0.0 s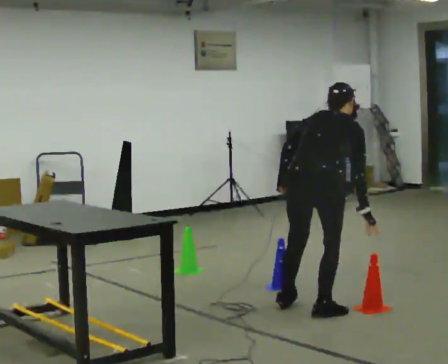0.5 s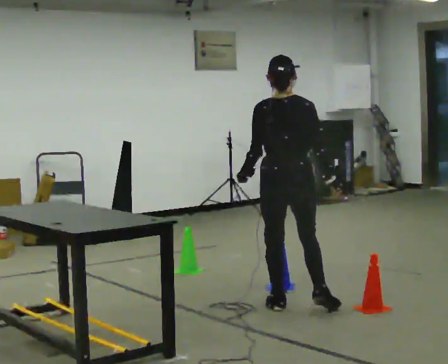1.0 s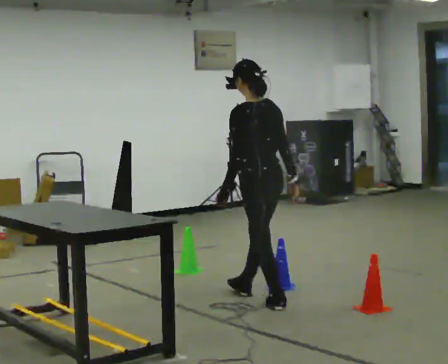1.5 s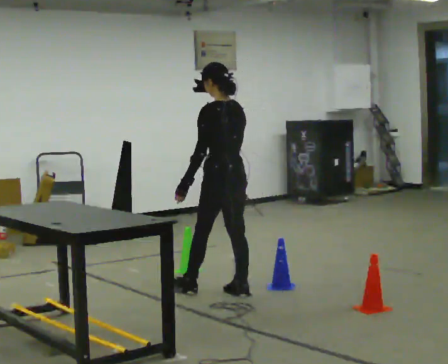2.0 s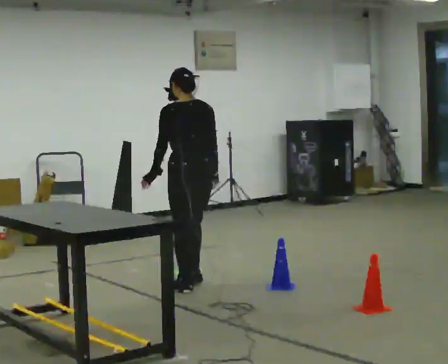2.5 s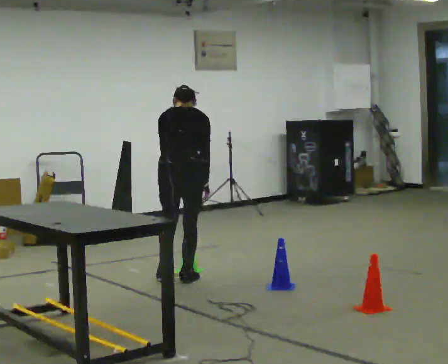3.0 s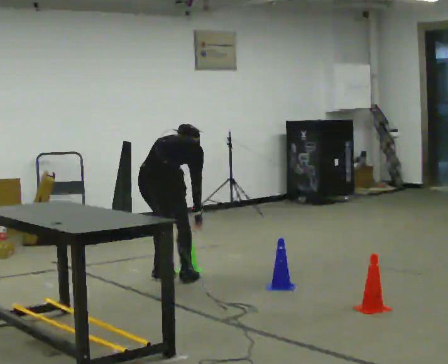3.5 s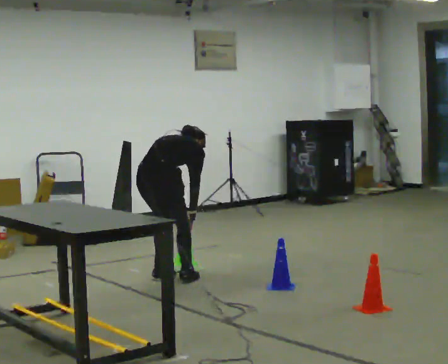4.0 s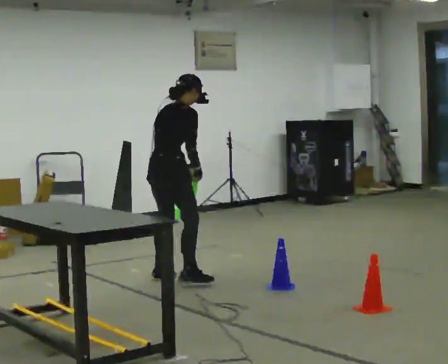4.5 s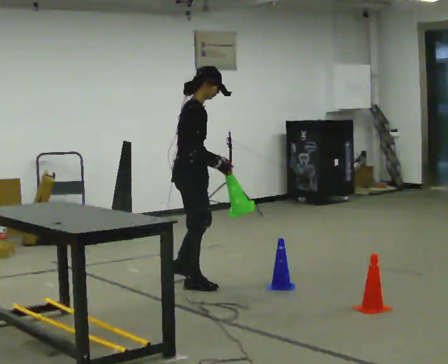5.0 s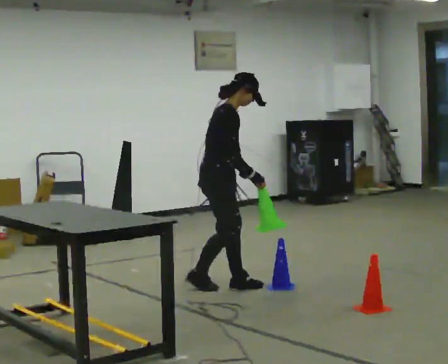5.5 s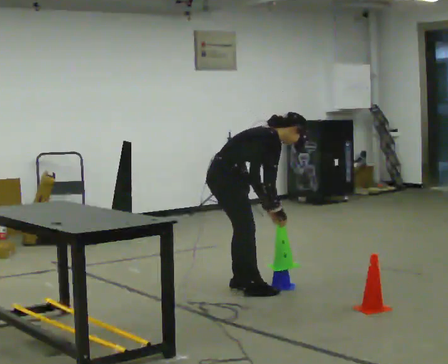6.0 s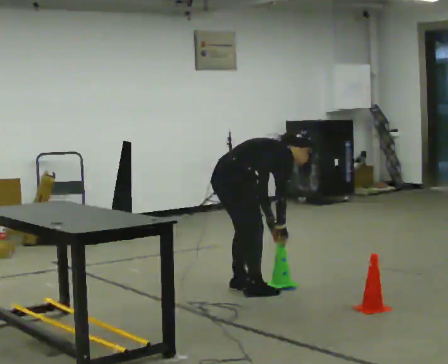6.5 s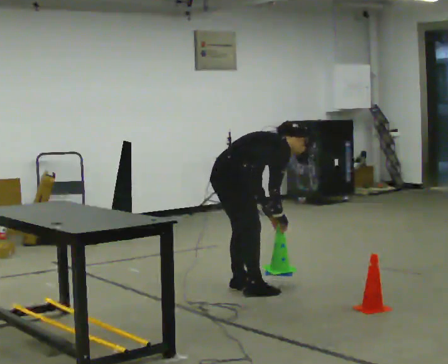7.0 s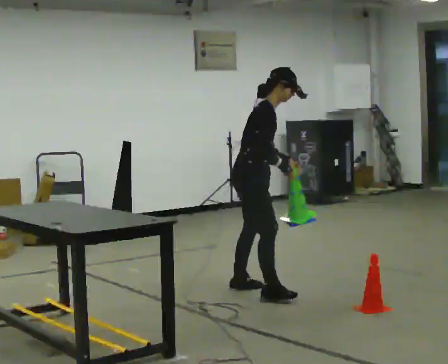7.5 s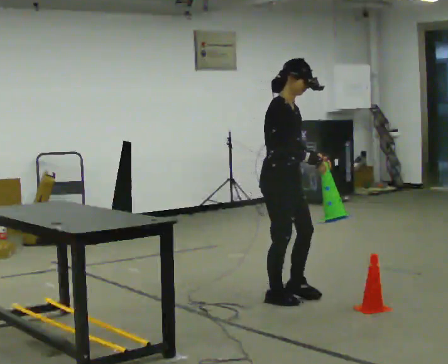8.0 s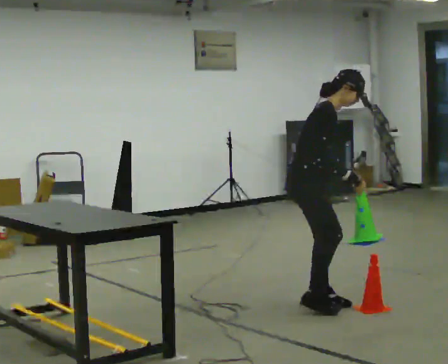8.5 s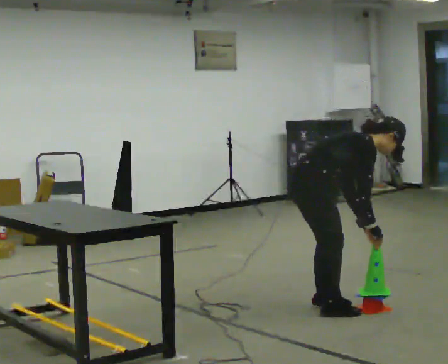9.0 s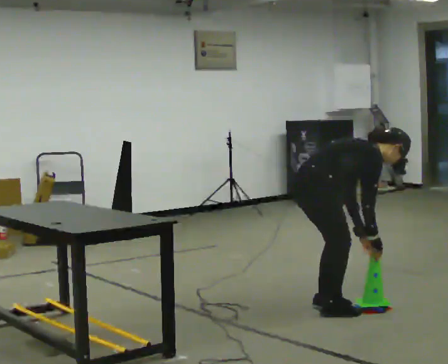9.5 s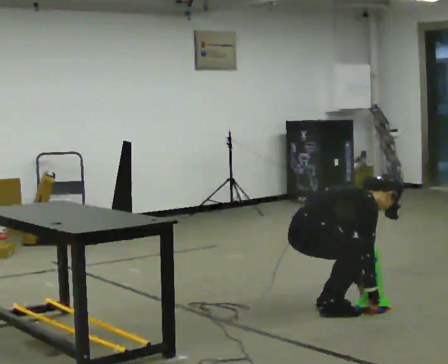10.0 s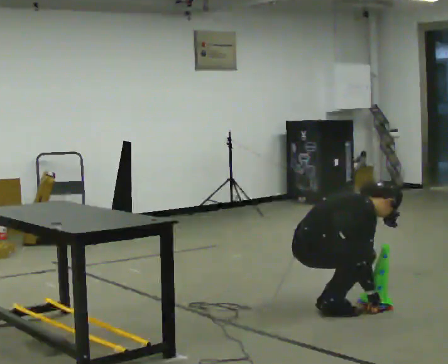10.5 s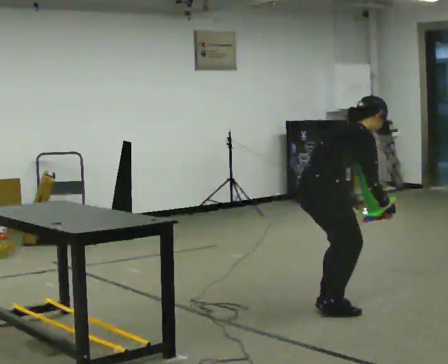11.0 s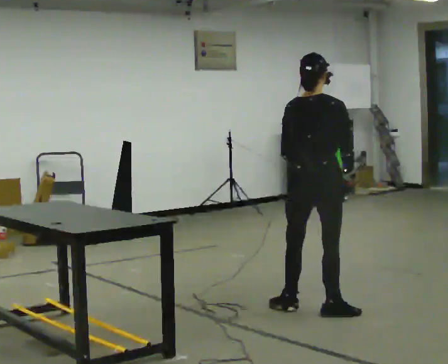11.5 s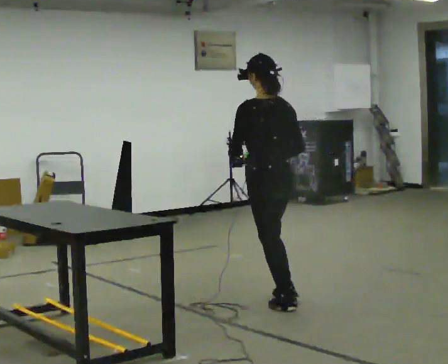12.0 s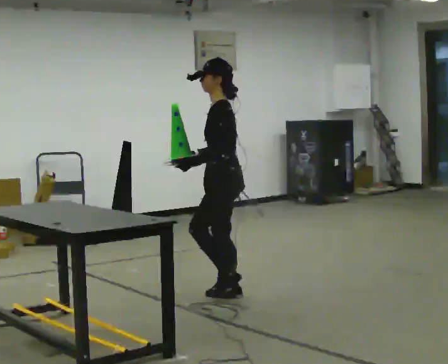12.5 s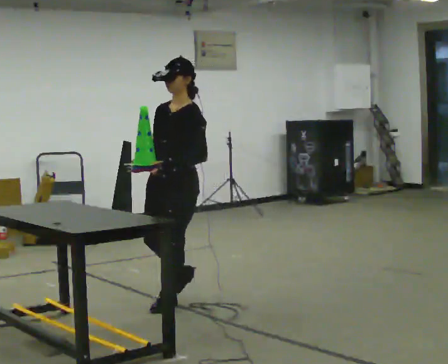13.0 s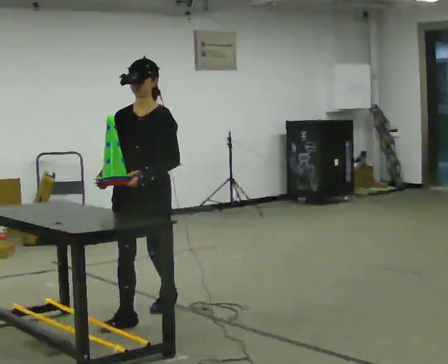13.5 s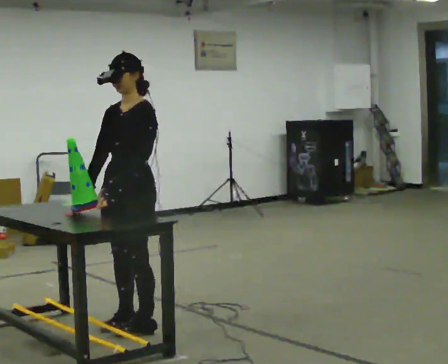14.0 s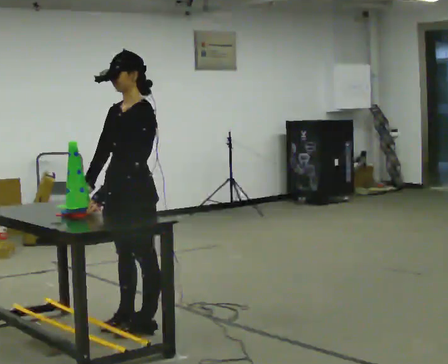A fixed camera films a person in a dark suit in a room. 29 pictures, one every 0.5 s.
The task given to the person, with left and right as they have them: Collect three or four objects from around the room, gather them in your arms, then carry them all to the shelf together. Keep going until the operator says stop; one object at a time, and do not rush between trips.
0.0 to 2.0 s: Seen from above the body turns counterclockwise, about 45 degrees: to their left, with its near side sliding to the right. In the picture they go to the left and away from the camera, about 1 m in 2 steps.
2.0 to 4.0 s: The person turns about 75 degrees to their right, clockwise seen from above, so the part of the body nearest the lens slides to the left. In the picture they go away from the camera and to the left, about 0.25 m in 2 steps.
4.0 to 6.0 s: In the picture they go to the right and toward the camera, about 0.75 m in 3 steps, which for them is forward and to their right. The shoulders move downward. In the picture the upper body tilts clockwise, shoulders to the right, as they bend forward. In the picture their right hand goes downward.
6.0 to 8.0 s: The person turns about 30 degrees to their right, clockwise seen from above, so the part of the body nearest the lens slides to the left. In the picture they go to the right and toward the camera, about 0.5 m in 2 steps, which for them is forward and to their right. The upper body goes upward. In the picture their left hand goes upward.
8.0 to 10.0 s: In the picture they go toward the camera, about 0.25 m in 1 step, which for them is to their right. The shoulders move downward. In the picture their left hand goes downward.
10.0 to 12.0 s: Seen from above the body turns counterclockwise, about 180 degrees: to their left, with its near side sliding to the right. In the picture they go to the left and away from the camera, about 0.75 m in 2 steps. The shoulders move upward. In the picture the upper body tilts counterclockwise, shoulders to the left, as they lean back or straighten. In the picture their right hand goes upward.
12.0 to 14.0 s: Seen from above the body turns counterclockwise, about 30 degrees: to their left, with its near side sliding to the right. In the picture they go toward the camera and to the left, about 1 m in 3 steps.
The film runs forward here.
